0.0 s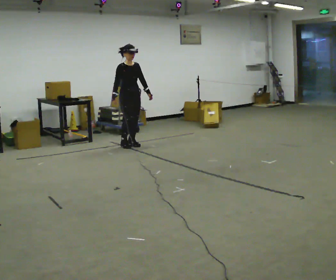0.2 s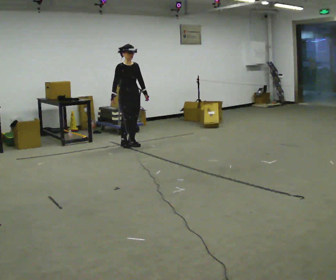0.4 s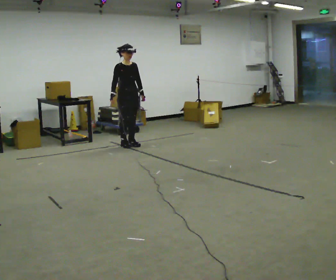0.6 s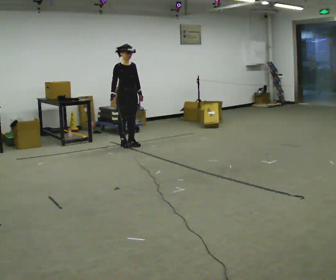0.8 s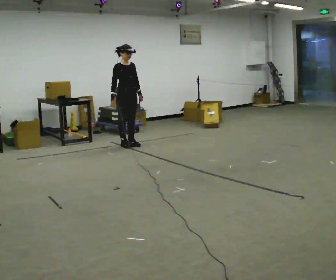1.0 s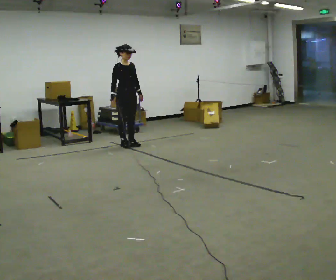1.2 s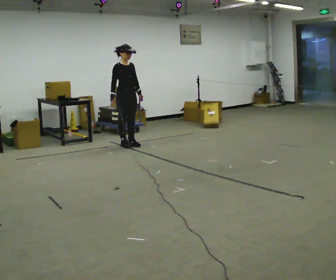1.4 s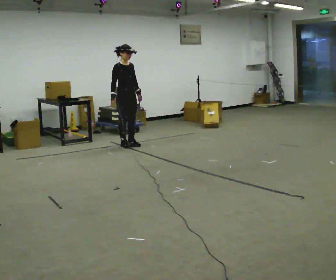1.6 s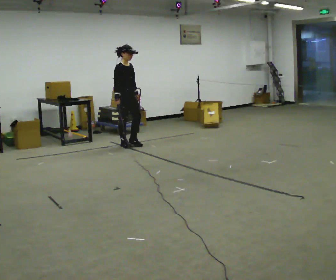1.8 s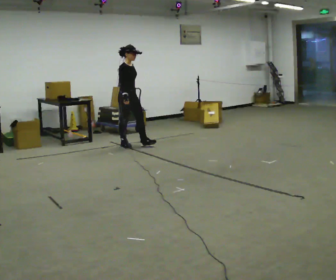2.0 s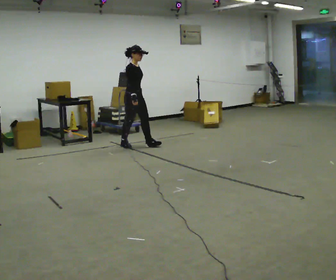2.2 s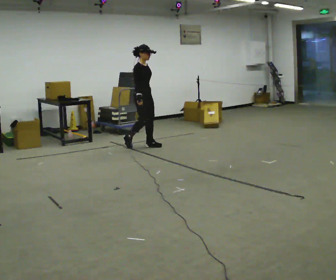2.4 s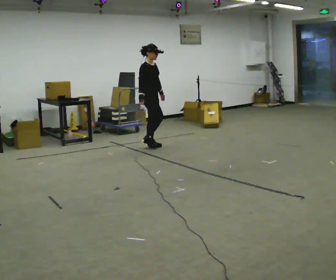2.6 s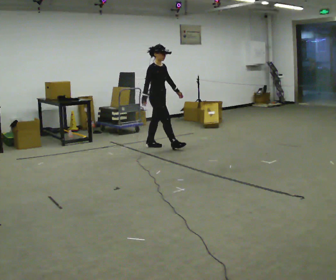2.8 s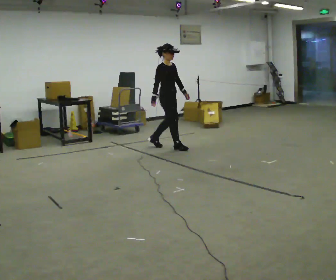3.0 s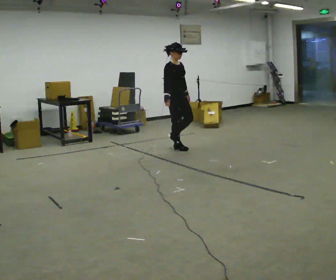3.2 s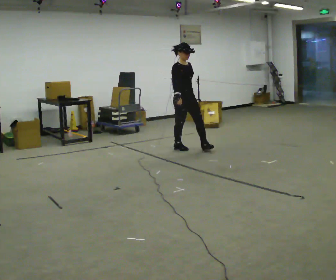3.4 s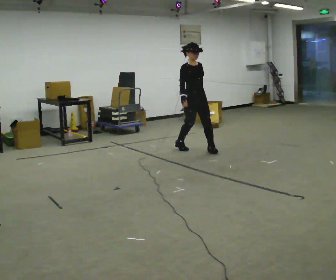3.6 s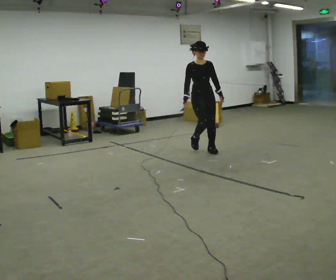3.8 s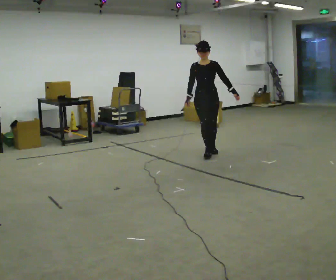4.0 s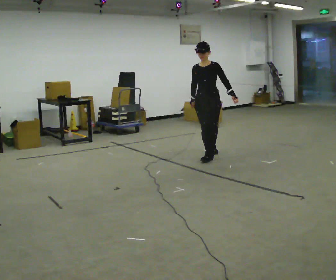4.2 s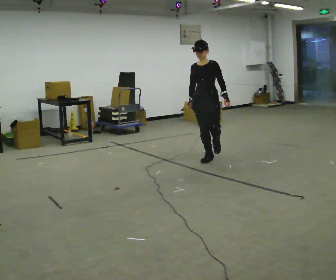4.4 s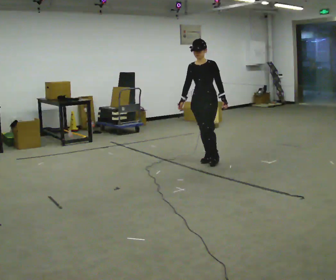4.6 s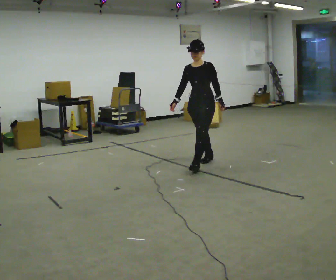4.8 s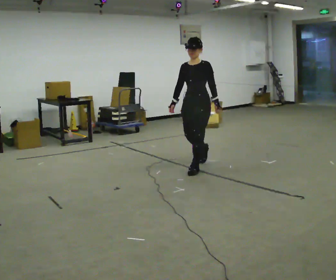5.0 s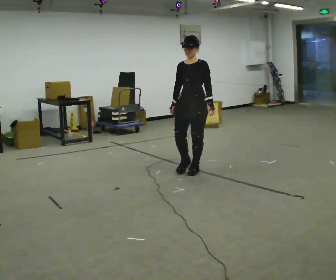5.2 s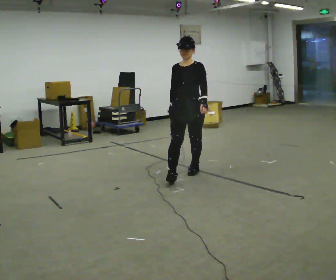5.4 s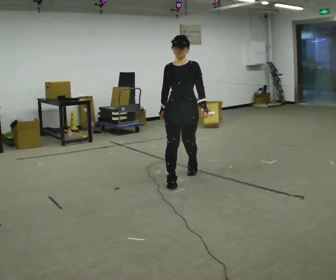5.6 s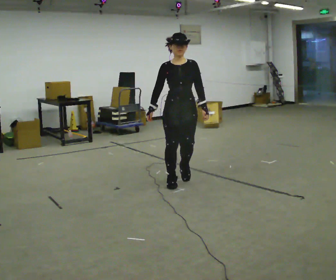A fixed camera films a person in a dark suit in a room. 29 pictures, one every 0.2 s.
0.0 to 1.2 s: The person moves a little, or ends about where they began.
1.2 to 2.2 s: In the picture they go to the right, about 0.25 m in 1 step, which for them is forward.
2.2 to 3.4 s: The person turns about 30 degrees to their right, clockwise seen from above, so the part of the body nearest the lens slides to the left. In the picture they go to the right and toward the camera, about 1 m in 2 steps, which for them is forward.
3.4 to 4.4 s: The part of the body nearest the lens slides to the left as the person turns to their right by about 60 degrees. In the picture they go toward the camera, about 0.75 m in 1 step.
4.4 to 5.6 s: The person turns about 45 degrees to their left, counterclockwise seen from above, so the part of the body nearest the lens slides to the right. In the picture they go toward the camera and to the left, about 1 m in 2 steps, which for them is forward.
The film runs forward here.
